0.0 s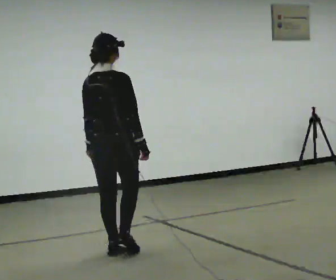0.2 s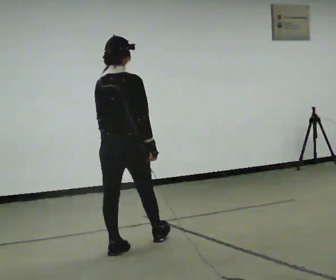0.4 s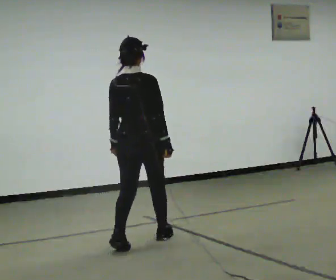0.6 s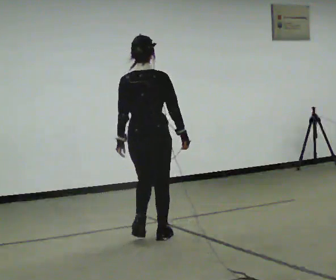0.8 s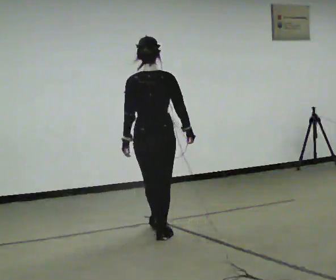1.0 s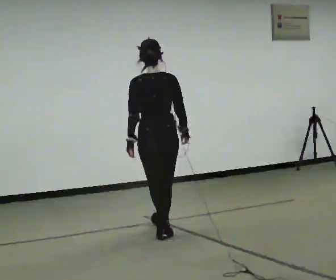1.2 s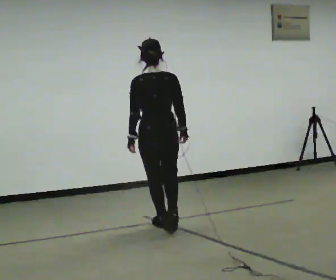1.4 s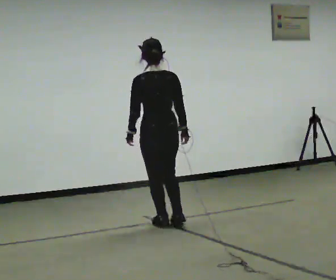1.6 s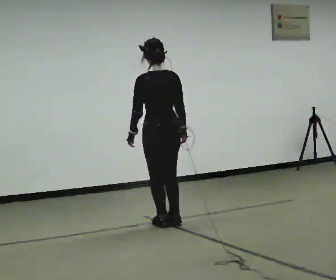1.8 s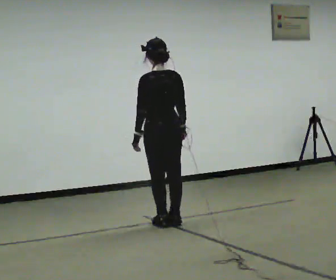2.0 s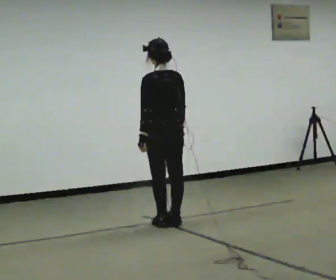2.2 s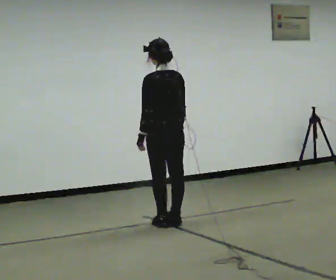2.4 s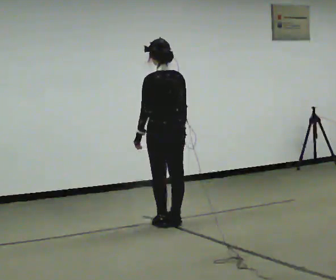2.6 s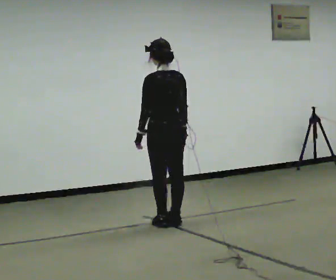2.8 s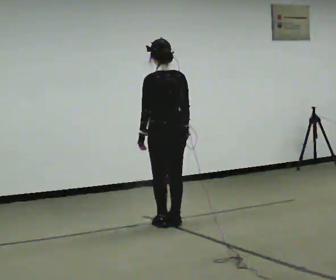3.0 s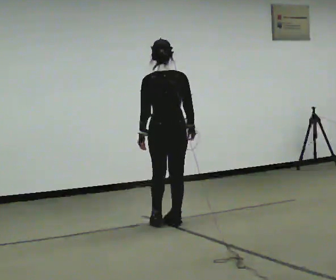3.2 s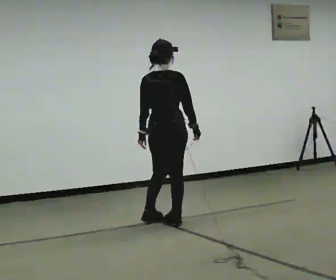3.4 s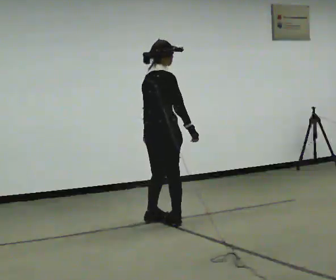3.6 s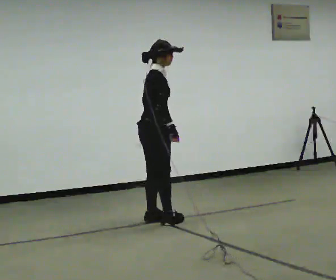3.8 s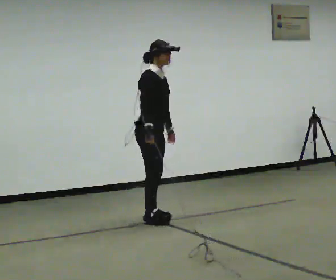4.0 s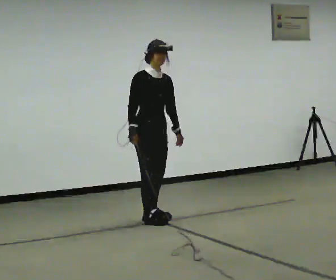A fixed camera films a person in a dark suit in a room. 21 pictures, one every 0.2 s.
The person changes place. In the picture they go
away from the camera.
0.0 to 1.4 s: The part of the body nearest the lens slides to the right as the person turns to their left by about 45 degrees. In the picture they go away from the camera and to the right, about 1 m in 2 steps, which for them is forward.
1.4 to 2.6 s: The person moves a little, or ends about where they began.
2.6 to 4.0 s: Seen from above the body turns clockwise, about 165 degrees: to their right, with its near side sliding to the left. In the picture they go to the left, about 0.25 m in 2 steps. In the picture their right hand goes to the left.
The film runs forward here.
